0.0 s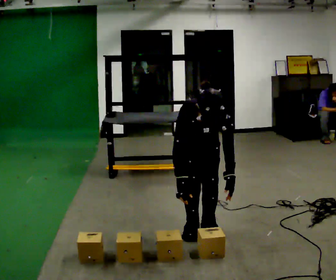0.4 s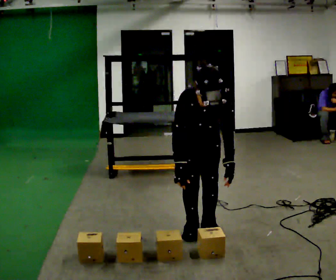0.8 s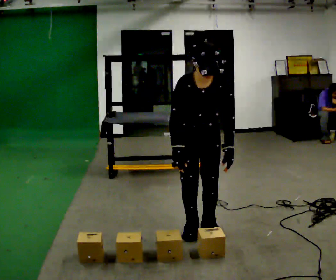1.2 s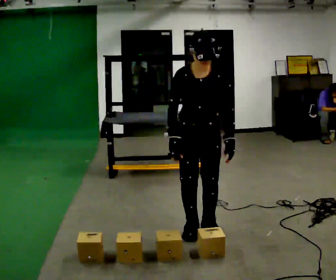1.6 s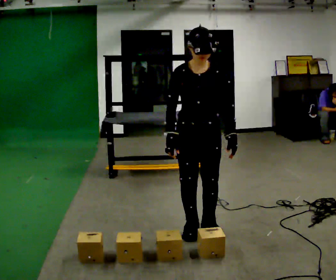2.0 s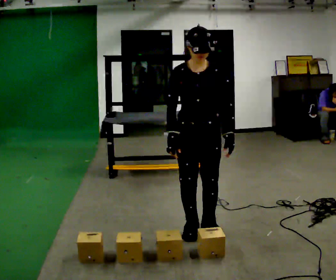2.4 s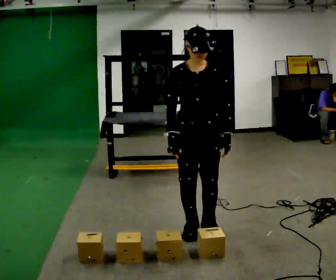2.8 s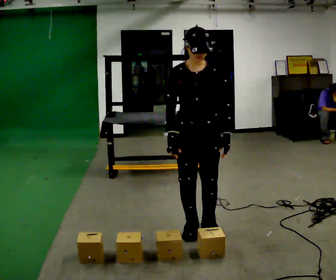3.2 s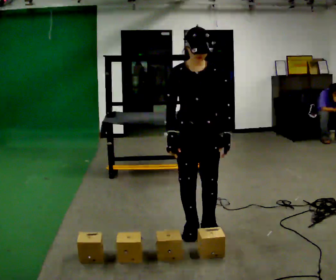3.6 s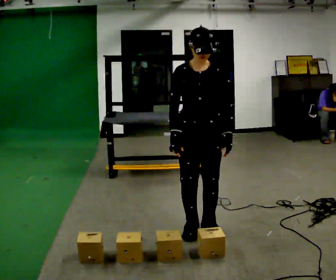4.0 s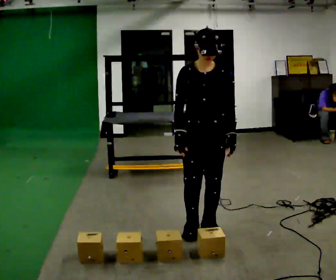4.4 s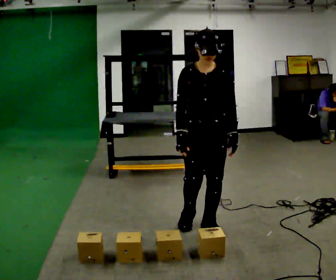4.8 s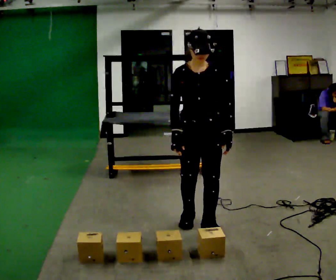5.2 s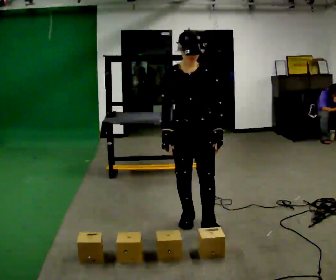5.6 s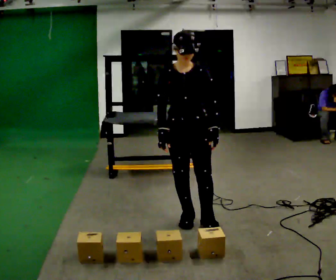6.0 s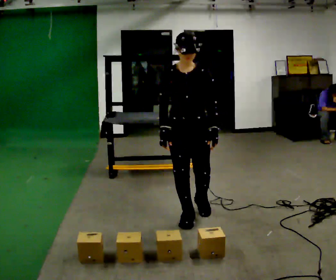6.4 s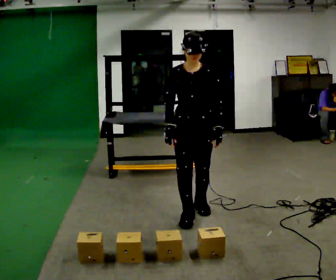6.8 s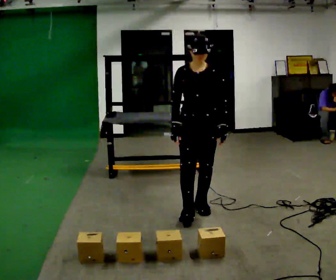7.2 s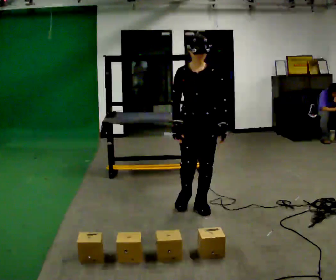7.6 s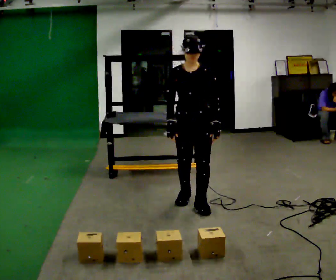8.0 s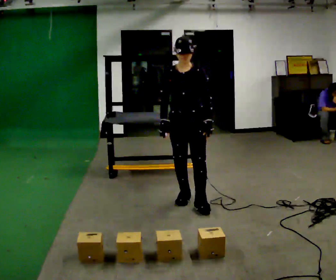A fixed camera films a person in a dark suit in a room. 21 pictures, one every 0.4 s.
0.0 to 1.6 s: The shoulders move upward. The upper body tips away from the camera, its near side rolling upward, as they lean back or straighten.
1.6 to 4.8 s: The person moves a little, or ends about where they began.
4.8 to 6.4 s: In the picture they go away from the camera, about 0.25 m in 1 step, which for them is backward.
6.4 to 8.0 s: In the picture they go away from the camera, about 0.25 m in 1 step, which for them is backward.
The film runs backward here.
